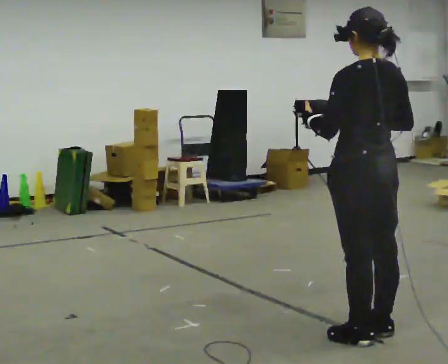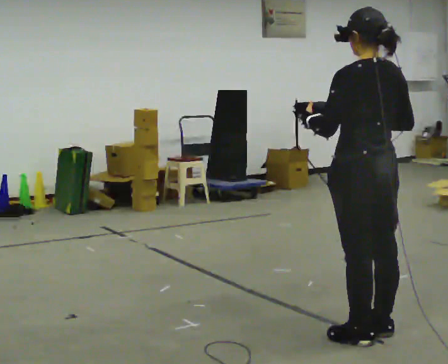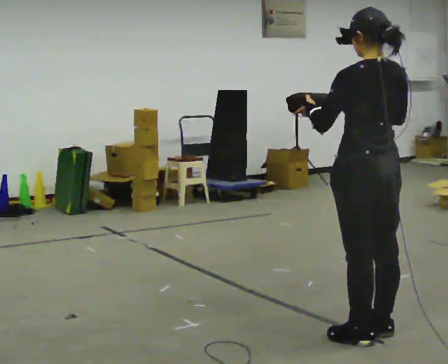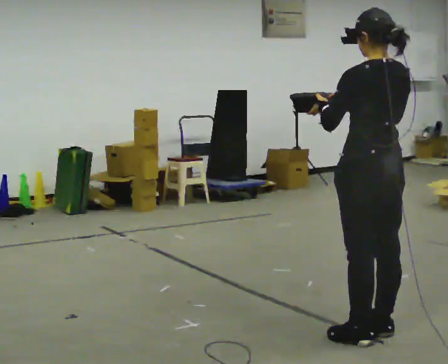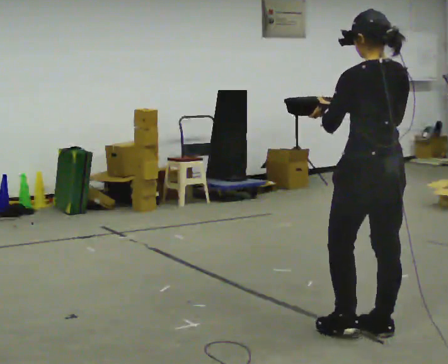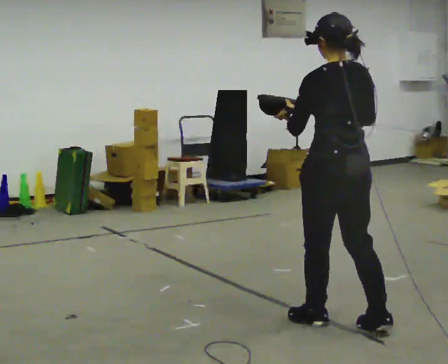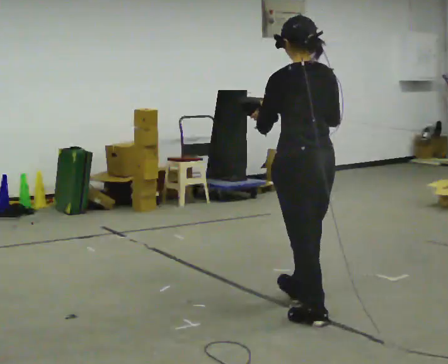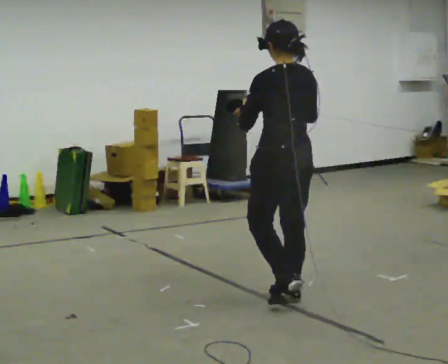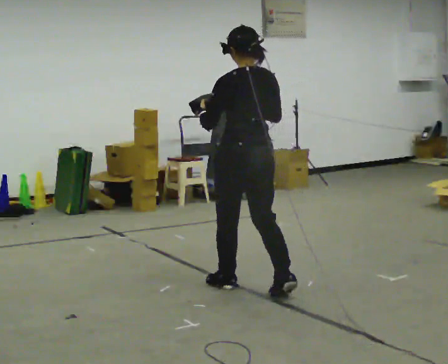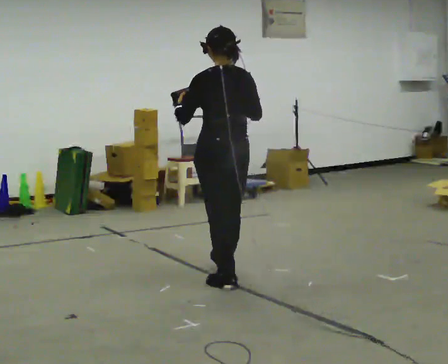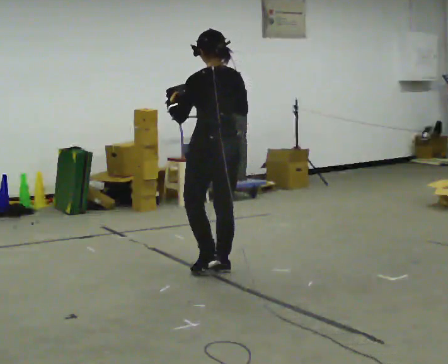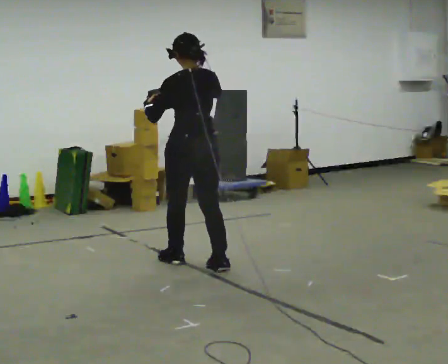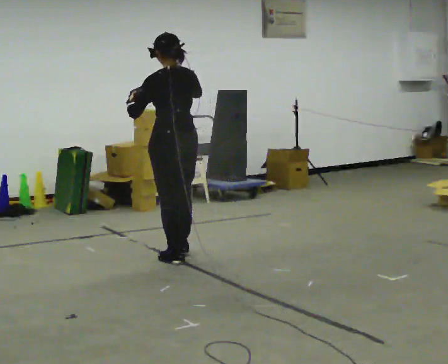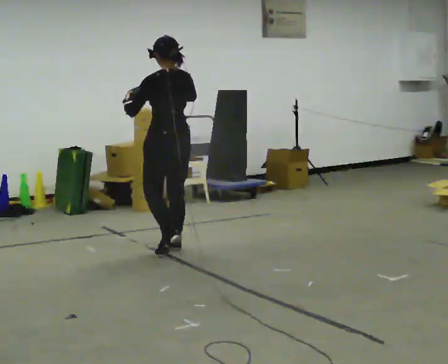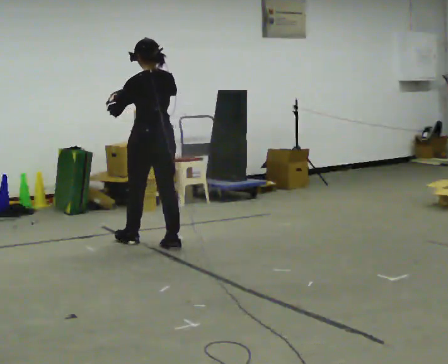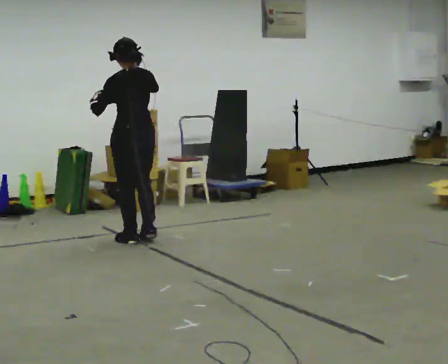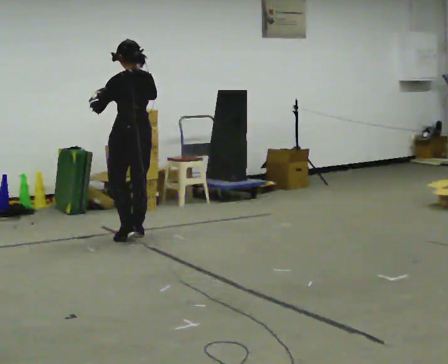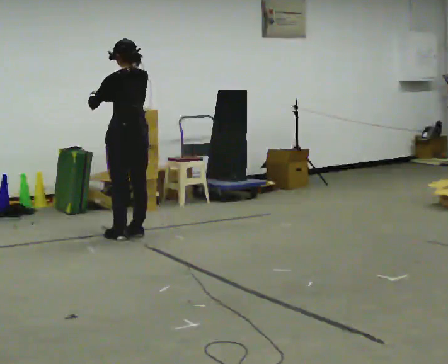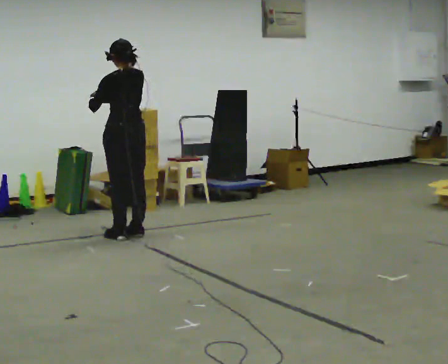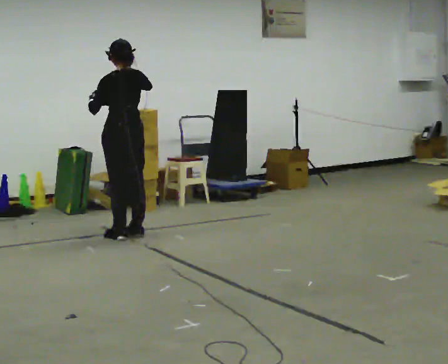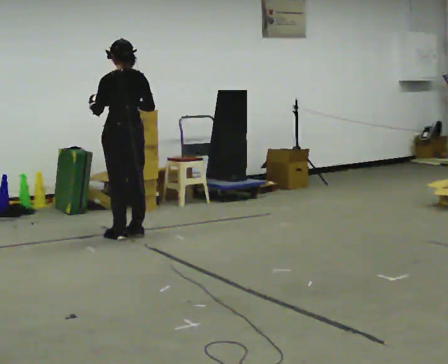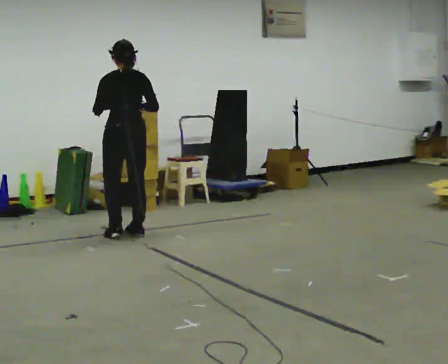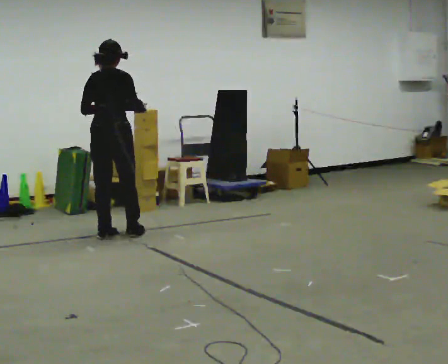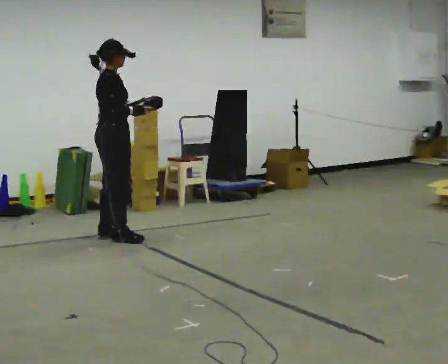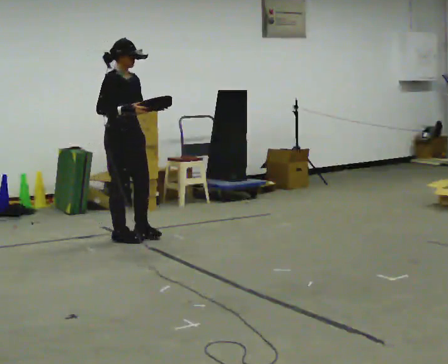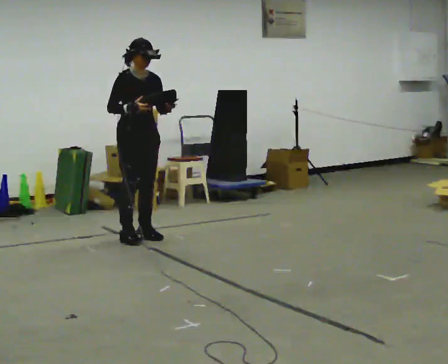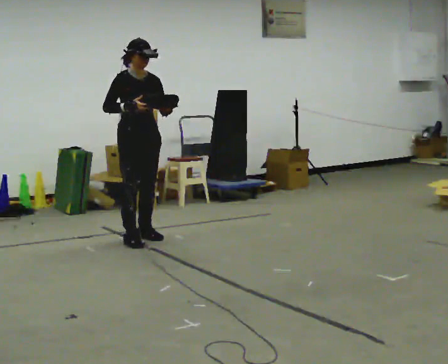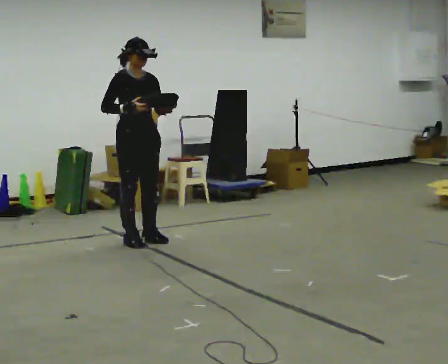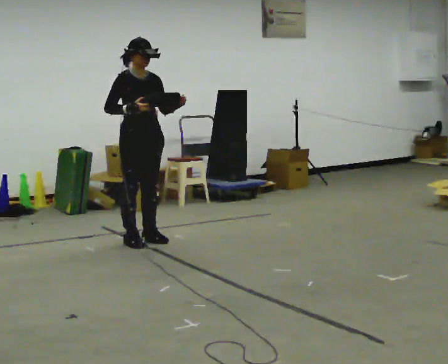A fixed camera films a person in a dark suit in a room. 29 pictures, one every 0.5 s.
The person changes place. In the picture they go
away from the camera.
0.0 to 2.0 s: The person moves a little, or ends about where they began.
2.0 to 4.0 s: In the picture they go away from the camera and to the left, about 1 m in 3 steps, which for them is forward.
4.0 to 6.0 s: In the picture they go away from the camera and to the left, about 1 m in 2 steps, which for them is forward.
6.0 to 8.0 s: In the picture they go away from the camera and to the left, about 1 m in 3 steps, which for them is forward.
8.0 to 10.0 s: The person moves a little, or ends about where they began.
10.0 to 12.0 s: Seen from above the body turns clockwise, about 150 degrees: to their right, with its near side sliding to the left.
12.0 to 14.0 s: The person moves a little, or ends about where they began.
The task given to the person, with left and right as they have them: Carry the bag and, while walking, undo the buckle or zip, then do it up again. Keep repeating as you walk. Do not stop.
The film runs forward here.
